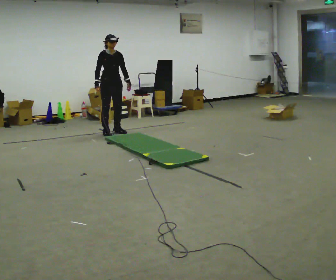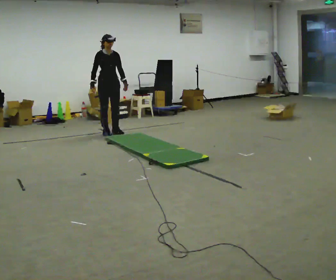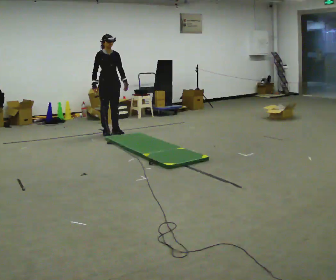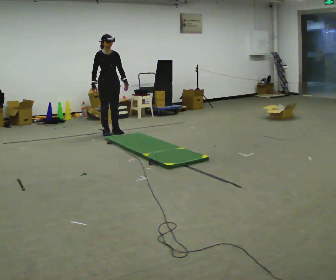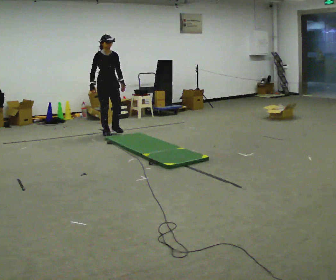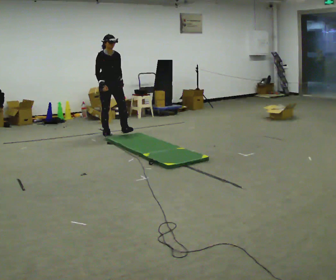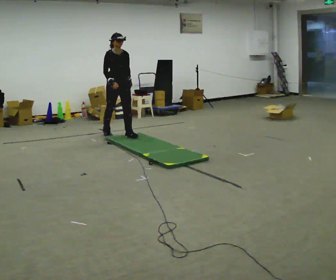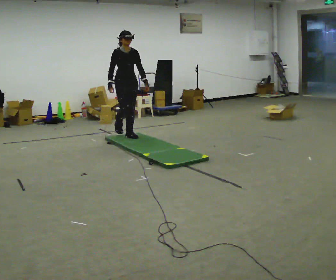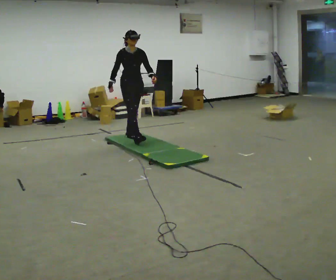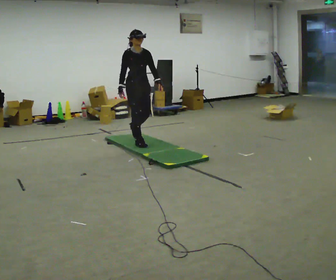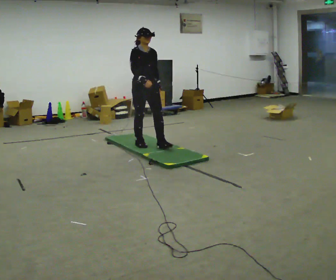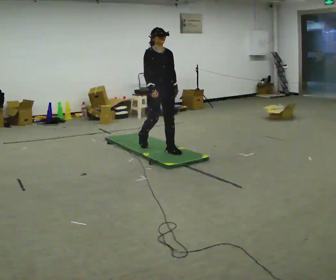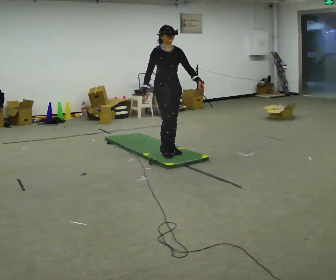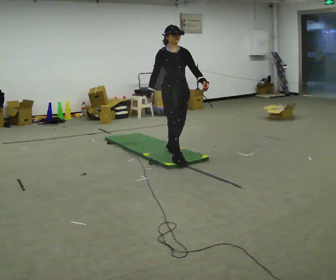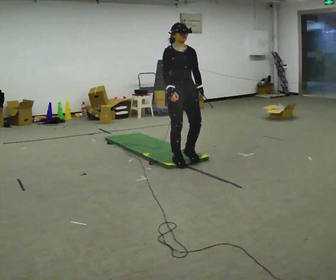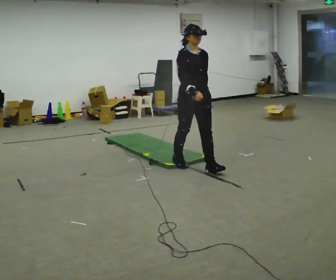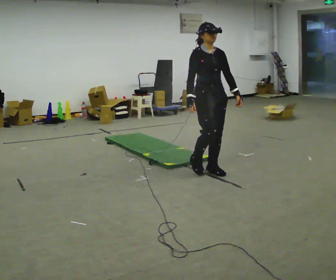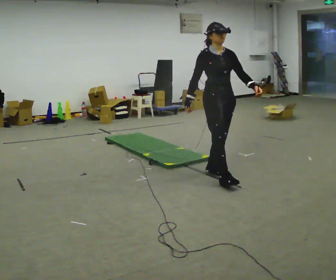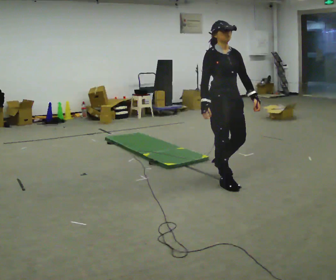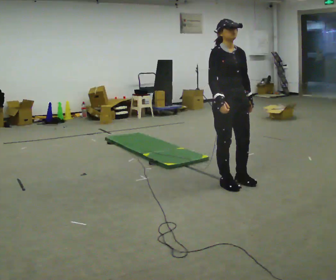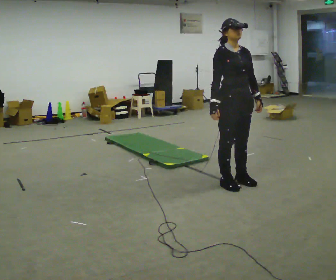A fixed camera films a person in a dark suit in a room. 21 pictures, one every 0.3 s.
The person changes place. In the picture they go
toward the camera.
0.0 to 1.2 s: The person moves a little, or ends about where they began.
1.2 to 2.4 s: In the picture they go toward the camera and to the right, about 0.75 m in 1 step, which for them is forward.
2.4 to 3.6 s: In the picture they go toward the camera and to the right, about 1 m in 2 steps, which for them is forward.
3.6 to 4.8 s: In the picture they go toward the camera and to the right, about 1 m in 2 steps, which for them is forward.
4.8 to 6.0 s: In the picture they go toward the camera and to the right, about 0.5 m in 2 steps, which for them is forward.
The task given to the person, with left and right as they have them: Walk across the soft uneven mat at a comfortable speed; continue walking normally after you leave it.
The film runs forward here.
